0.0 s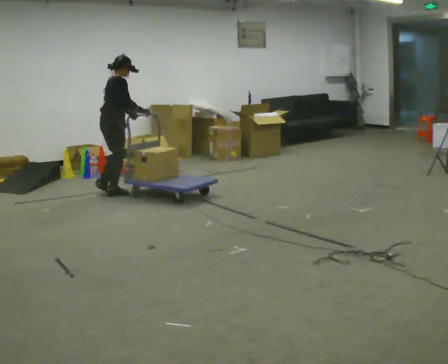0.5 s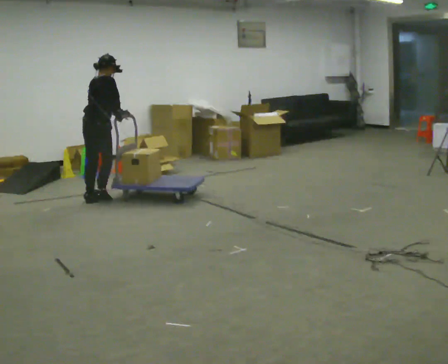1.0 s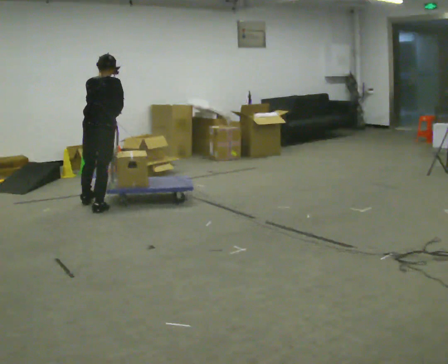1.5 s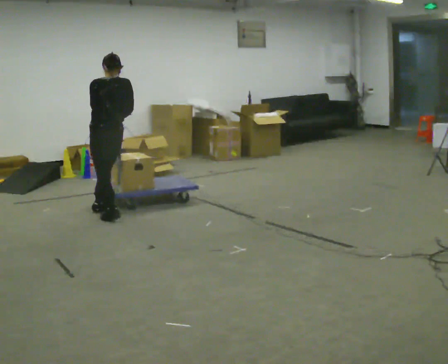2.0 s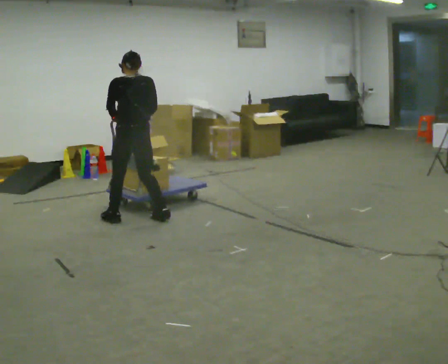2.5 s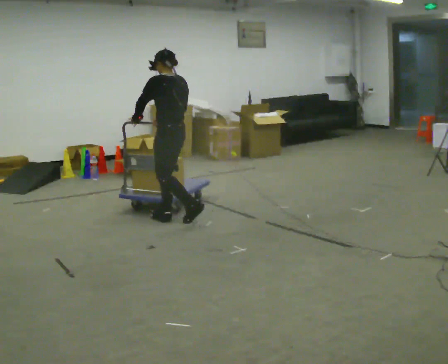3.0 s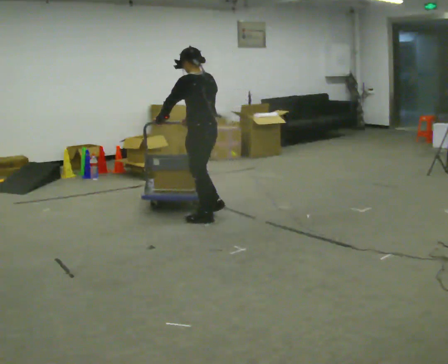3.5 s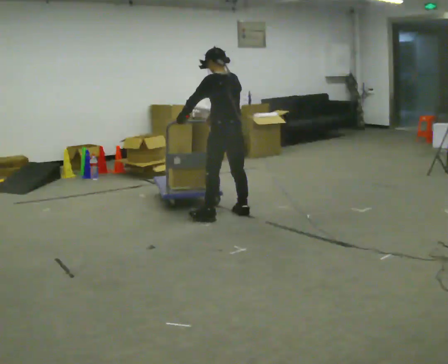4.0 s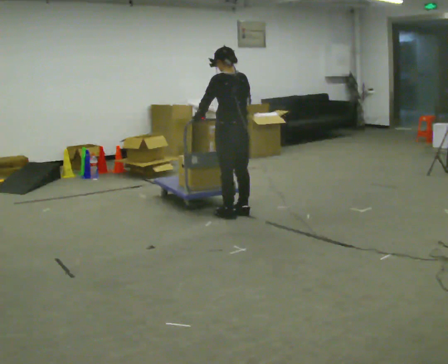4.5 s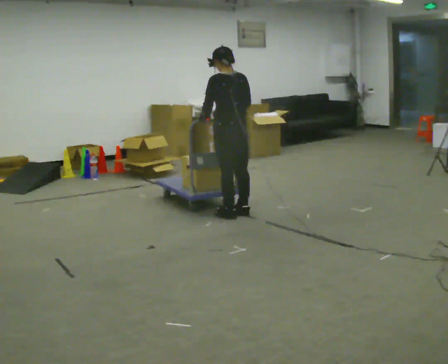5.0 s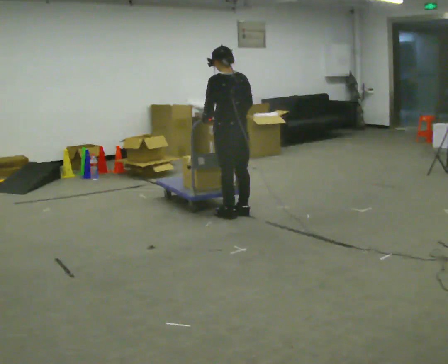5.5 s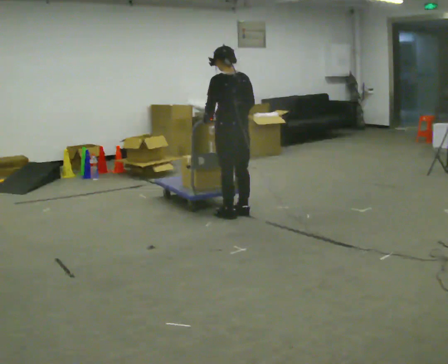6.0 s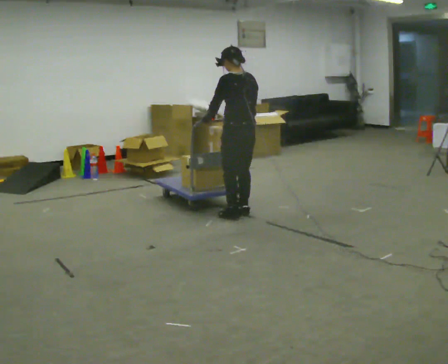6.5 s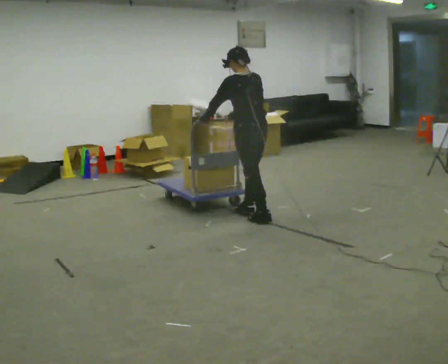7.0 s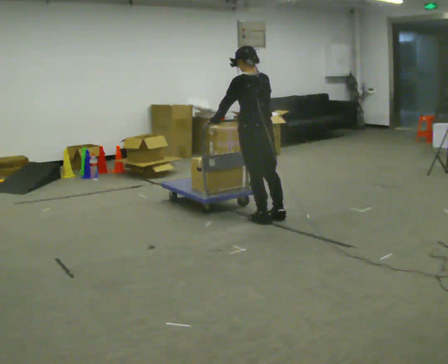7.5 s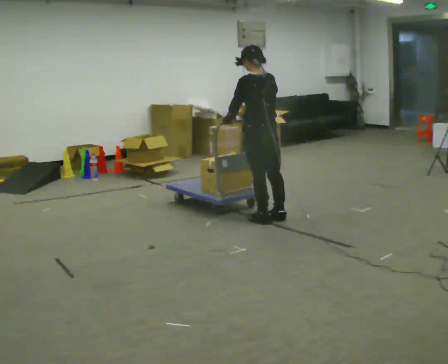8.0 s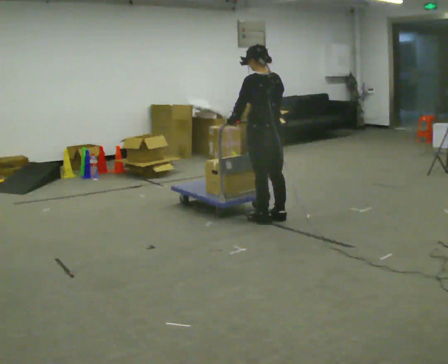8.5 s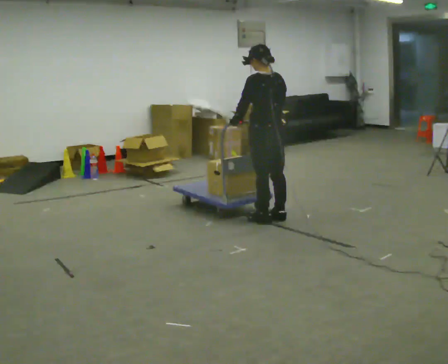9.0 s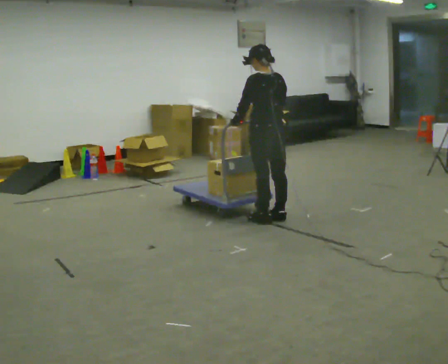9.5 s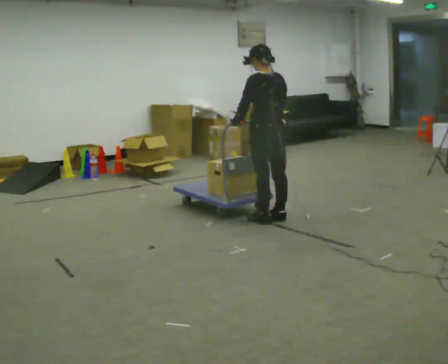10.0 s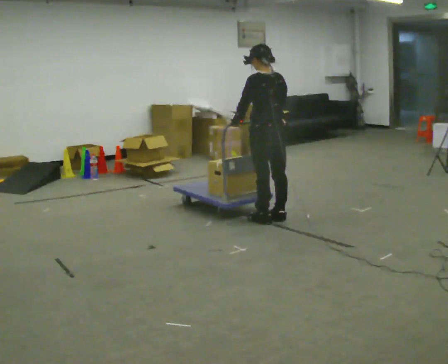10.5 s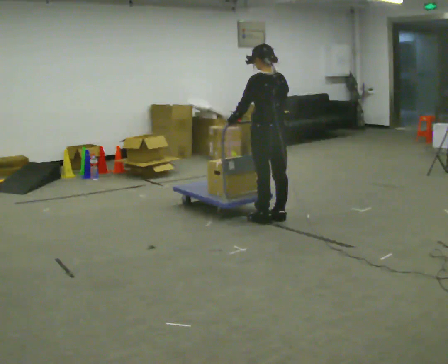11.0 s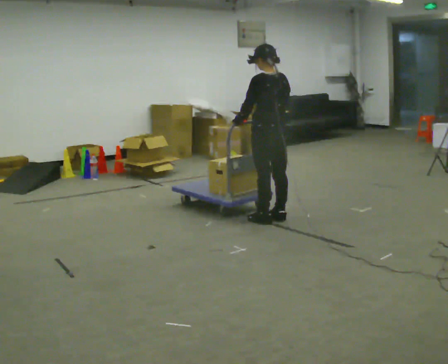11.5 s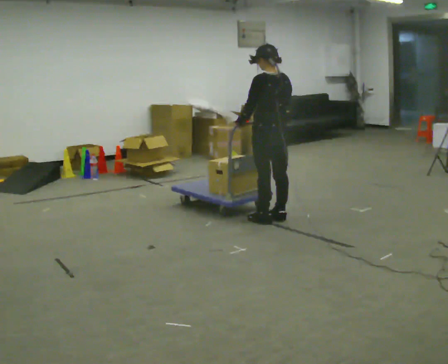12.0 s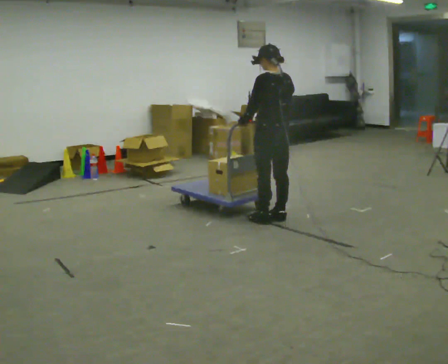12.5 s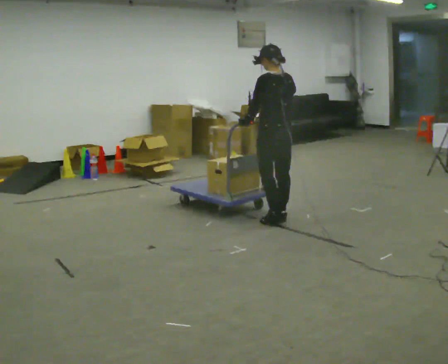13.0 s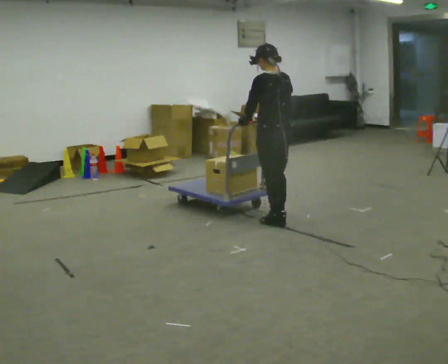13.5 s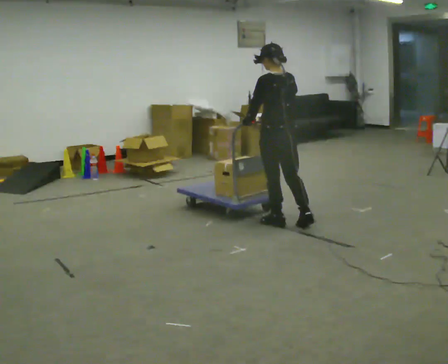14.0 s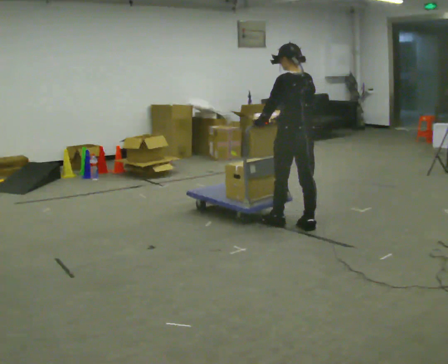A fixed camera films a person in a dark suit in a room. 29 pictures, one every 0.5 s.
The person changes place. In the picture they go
to the right.
0.0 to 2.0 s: The part of the body nearest the lens slides to the right as the person turns to their left by about 75 degrees. In the picture they go toward the camera and to the right, about 1 m in 3 steps.
2.0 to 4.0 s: In the picture they go to the right, about 1 m in 3 steps, which for them is backward and to their right.
4.0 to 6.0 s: The person moves a little, or ends about where they began.
6.0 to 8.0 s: In the picture they go to the right and toward the camera, about 0.25 m in 1 step, which for them is backward.
8.0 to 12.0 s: The person moves a little, or ends about where they began.
12.0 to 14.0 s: In the picture they go toward the camera and to the right, about 0.25 m in 1 step, which for them is backward.
The film runs backward here.
